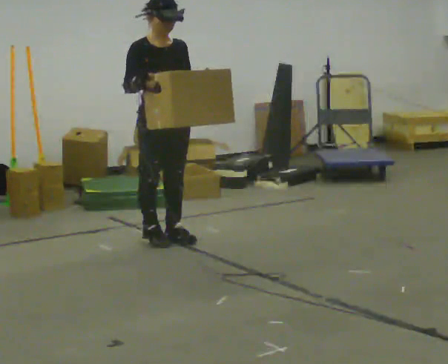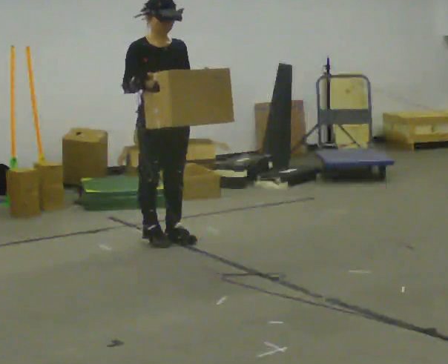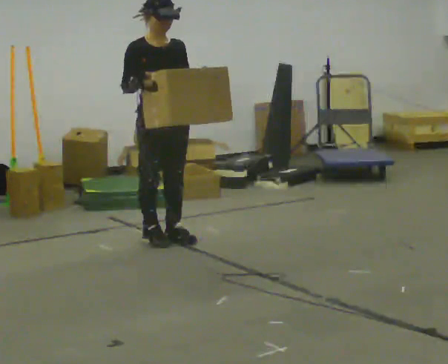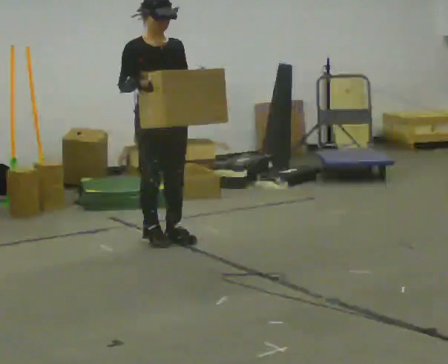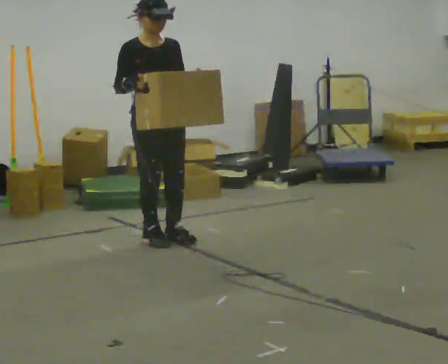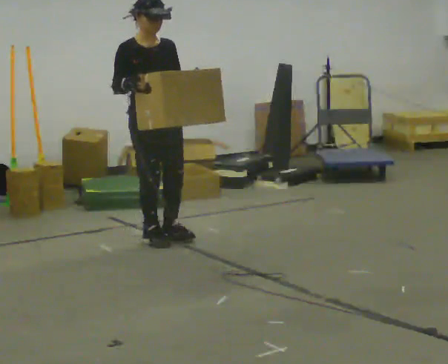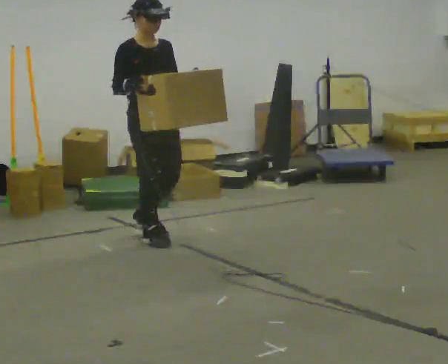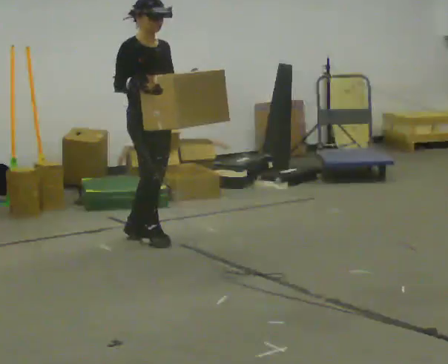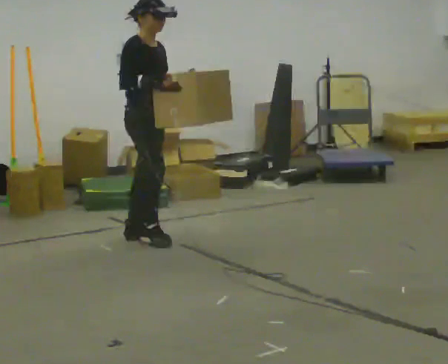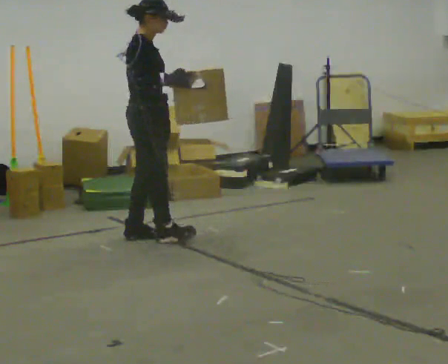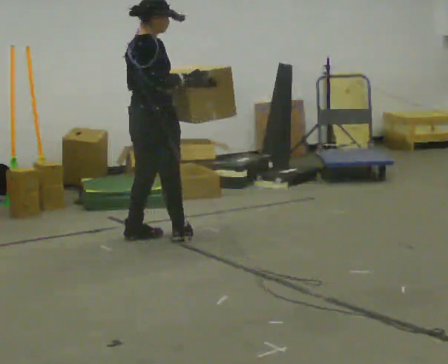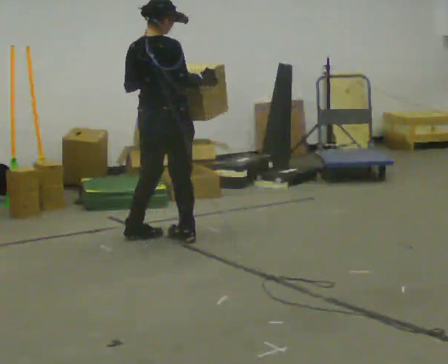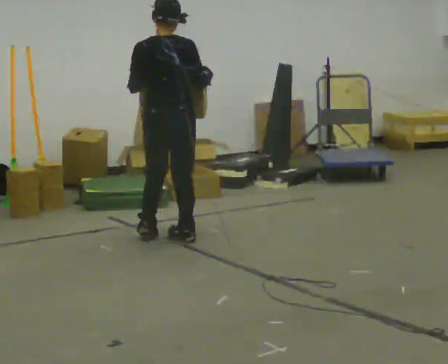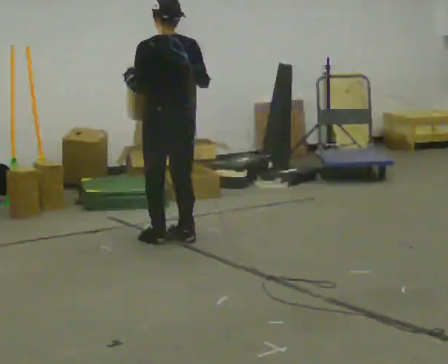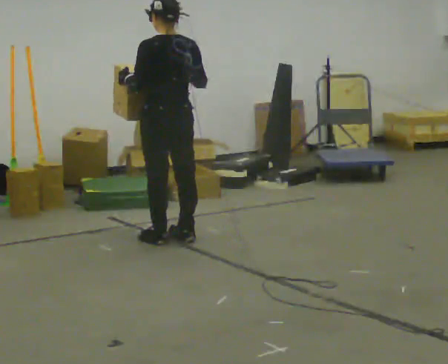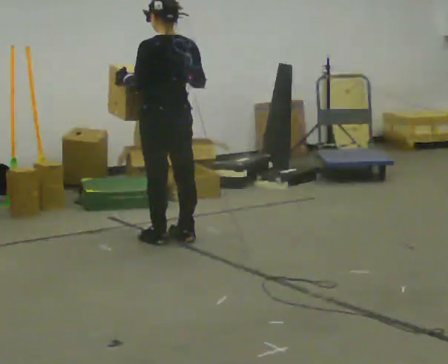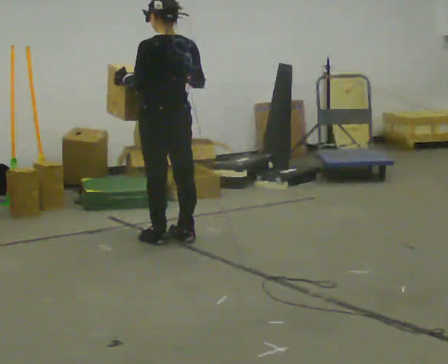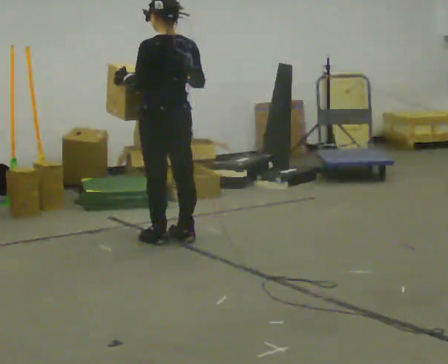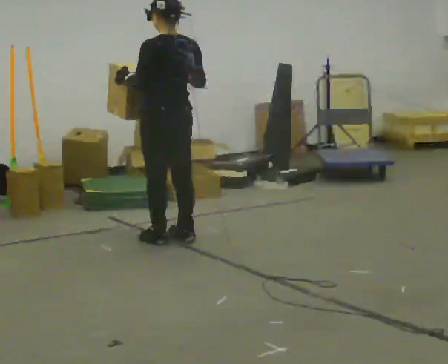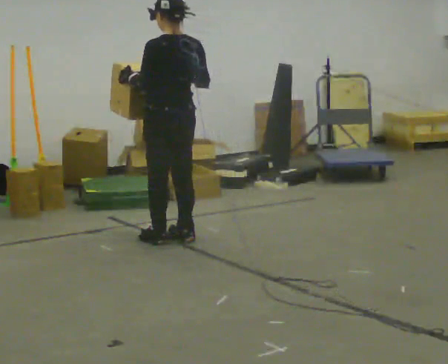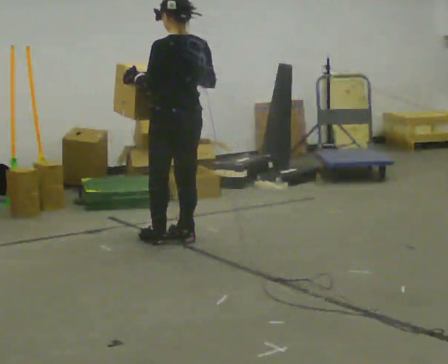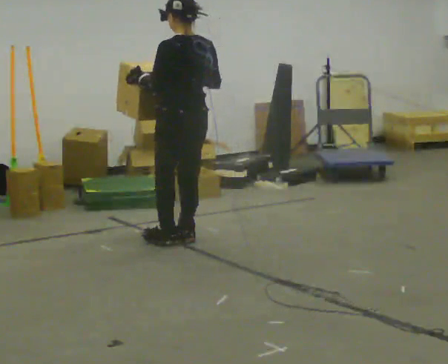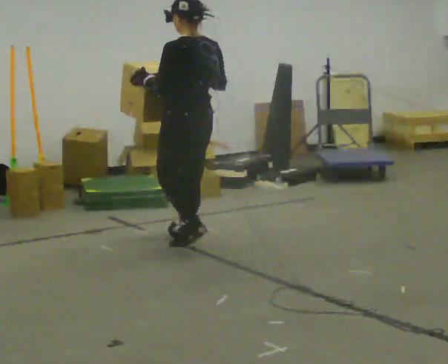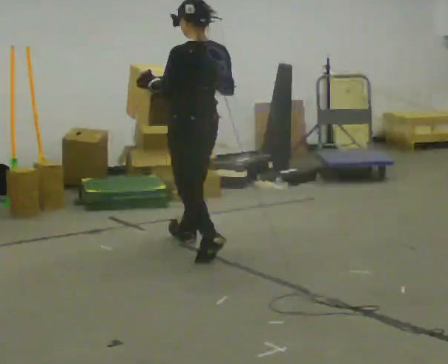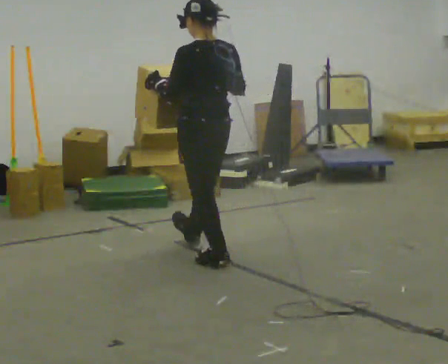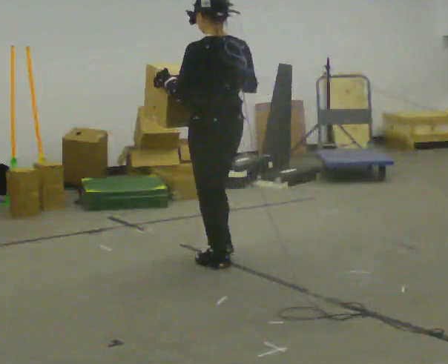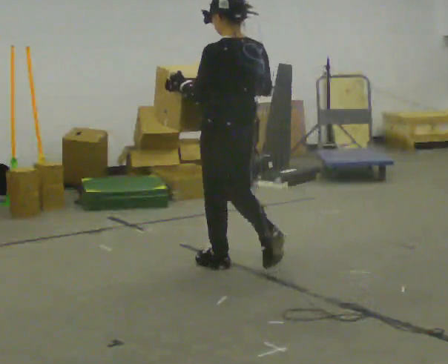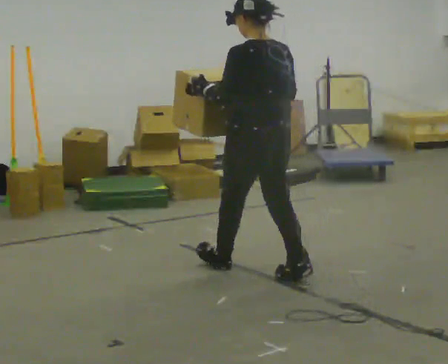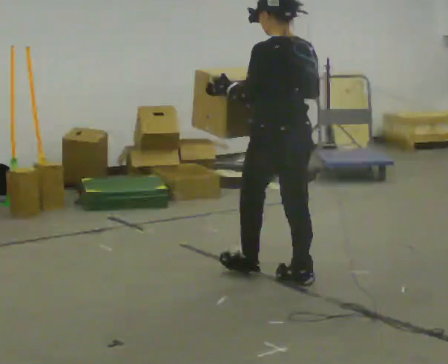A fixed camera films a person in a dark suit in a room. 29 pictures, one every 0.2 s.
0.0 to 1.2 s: The person moves a little, or ends about where they began.
1.2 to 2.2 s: The person turns about 105 degrees to their left, counterclockwise seen from above, so the part of the body nearest the lens slides to the right. In the picture their right hand goes to the right.
2.2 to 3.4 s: The person turns about 60 degrees to their left, counterclockwise seen from above, so the part of the body nearest the lens slides to the right.
3.4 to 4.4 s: The person moves a little, or ends about where they began.
4.4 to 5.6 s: In the picture they go toward the camera and to the right, about 1 m in 2 steps, which for them is backward.
The film runs backward here.
